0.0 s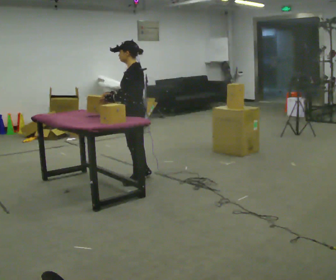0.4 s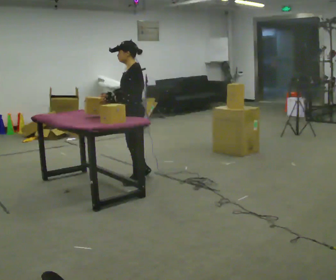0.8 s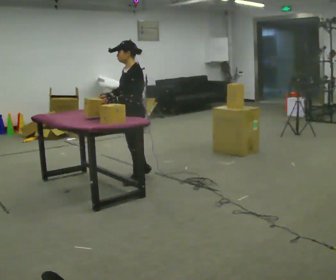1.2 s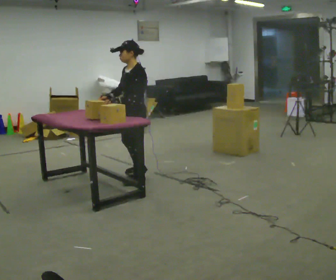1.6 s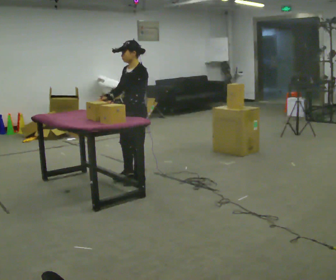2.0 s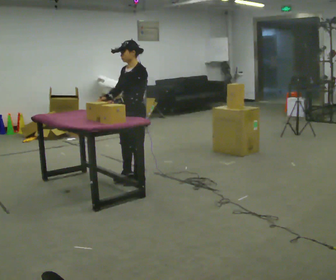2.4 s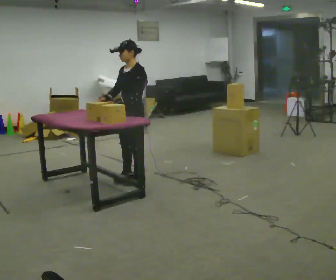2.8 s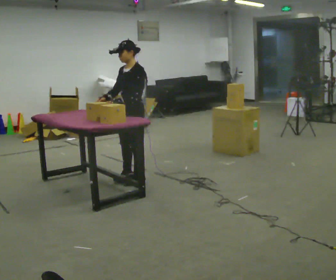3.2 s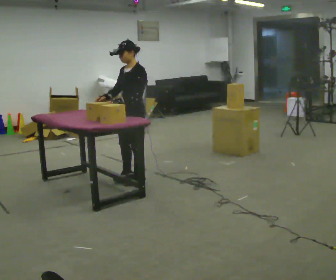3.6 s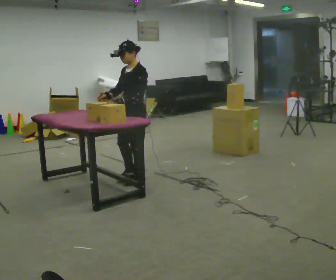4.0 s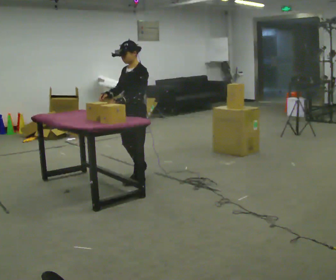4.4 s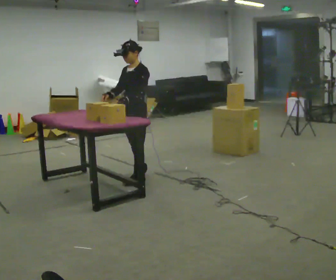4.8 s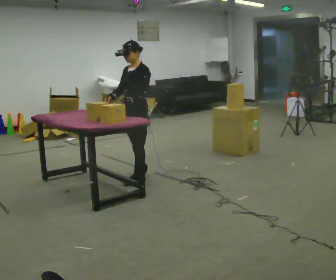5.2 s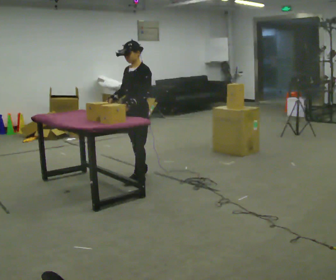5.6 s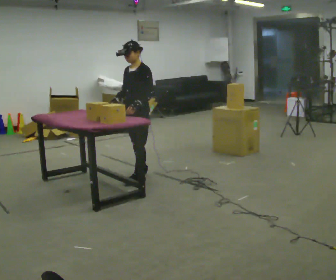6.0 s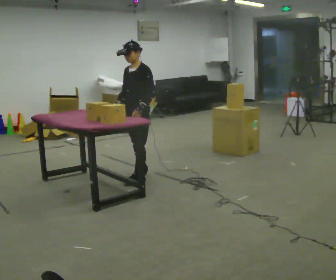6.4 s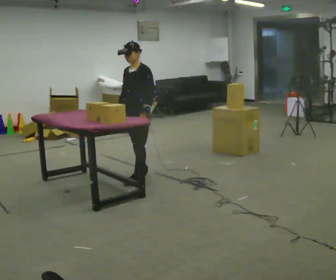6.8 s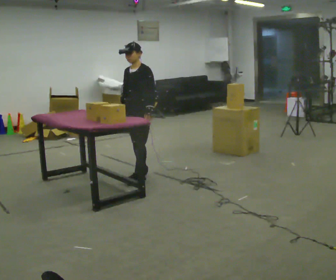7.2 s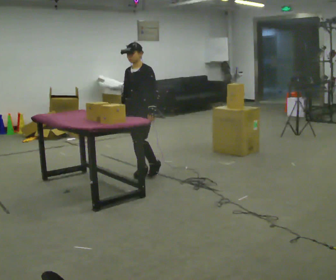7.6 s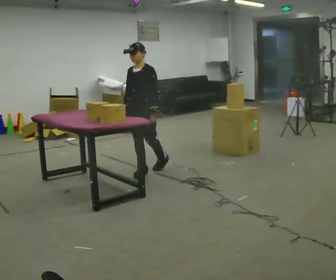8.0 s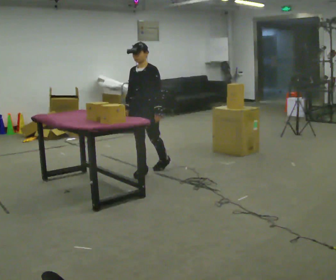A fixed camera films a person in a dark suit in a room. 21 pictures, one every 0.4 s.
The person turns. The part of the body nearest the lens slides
to the right.
The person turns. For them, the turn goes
to their left.
0.0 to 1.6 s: The part of the body nearest the lens slides to the right as the person turns to their left by about 30 degrees.
1.6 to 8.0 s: The part of the body nearest the lens slides to the right as the person turns to their left by about 30 degrees. In the picture they go away from the camera and to the right, about 0.25 m in 2 steps, which for them is backward and to their right.
The film runs backward here.
